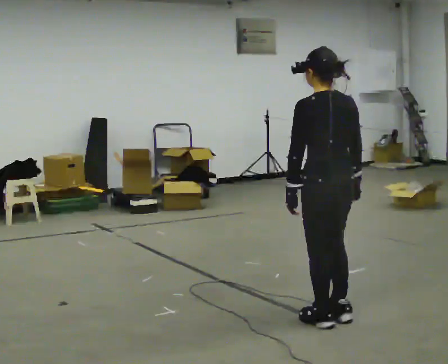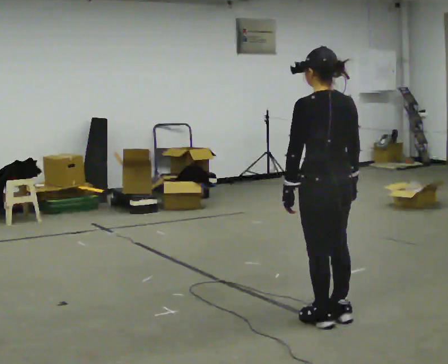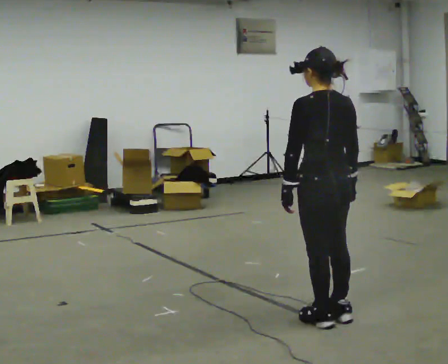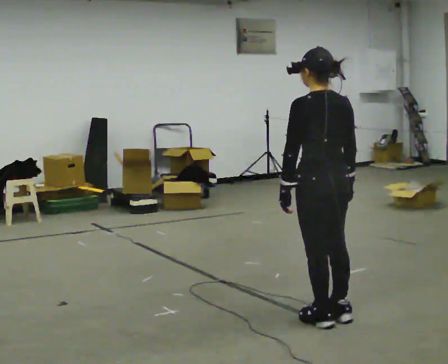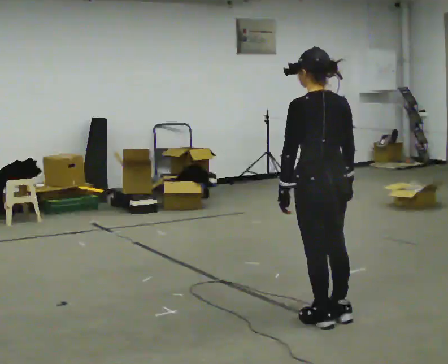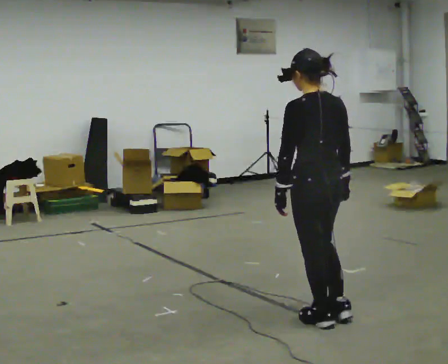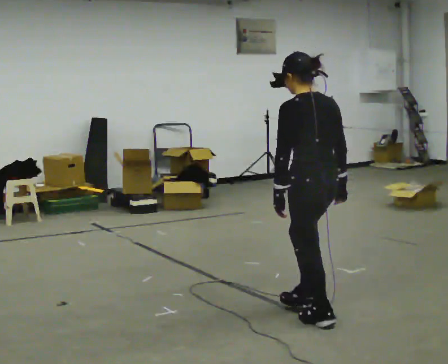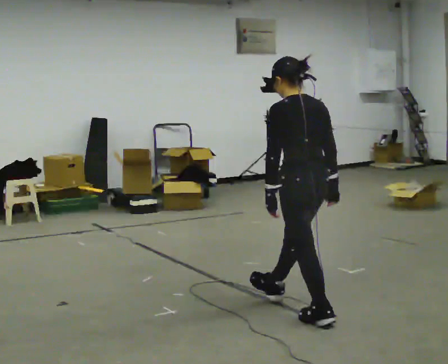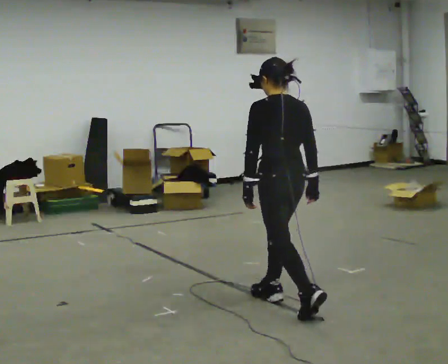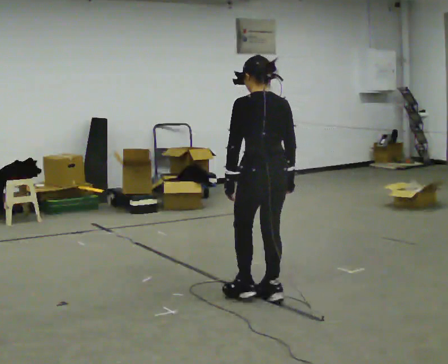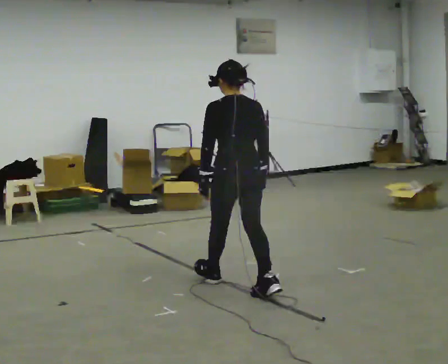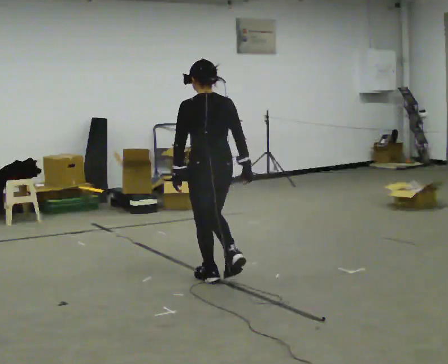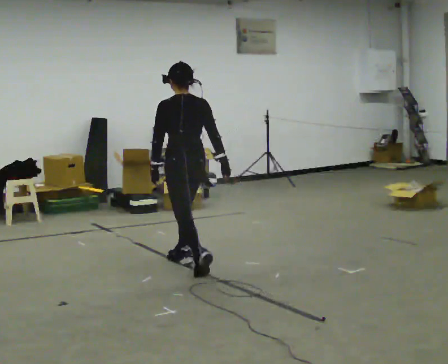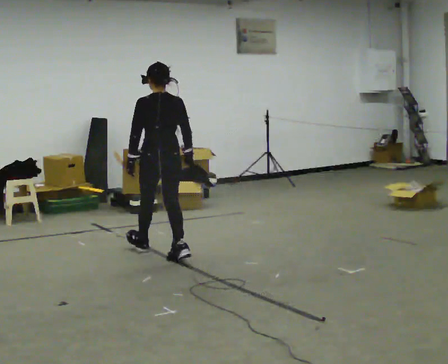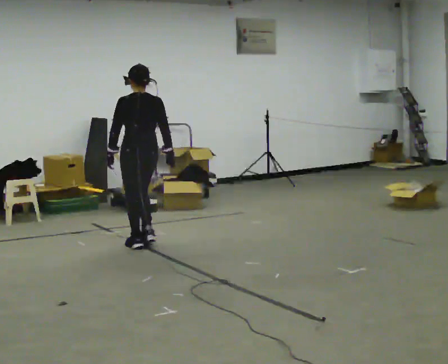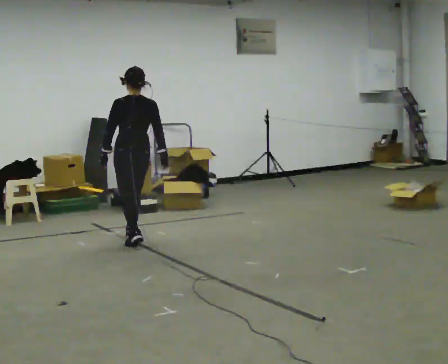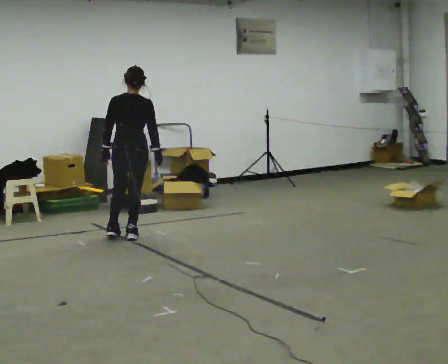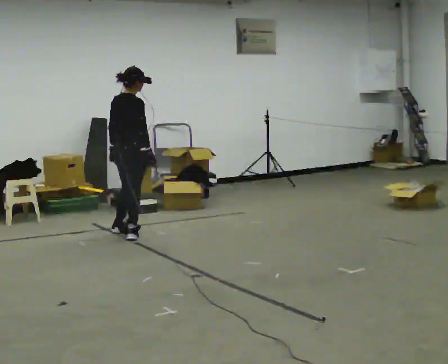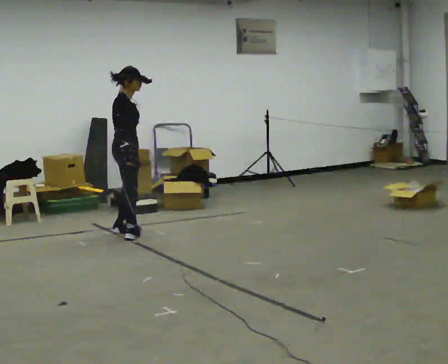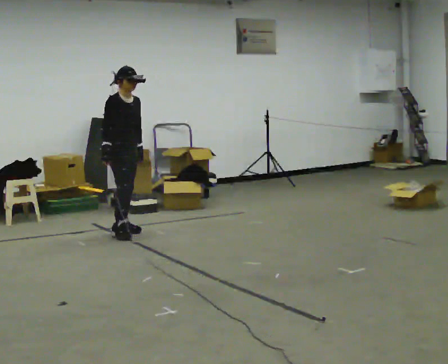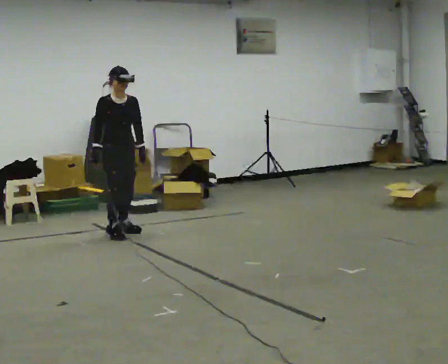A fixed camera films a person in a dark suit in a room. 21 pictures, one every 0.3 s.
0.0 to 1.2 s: The person moves a little, or ends about where they began.
1.2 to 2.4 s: In the picture they go away from the camera and to the left, about 0.25 m in 1 step, which for them is forward.
2.4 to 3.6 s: In the picture they go away from the camera and to the left, about 1 m in 2 steps, which for them is forward.
3.6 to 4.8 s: The person turns about 30 degrees to their right, clockwise seen from above, so the part of the body nearest the lens slides to the left. In the picture they go away from the camera and to the left, about 1 m in 2 steps, which for them is forward.
4.8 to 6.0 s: The person turns about 135 degrees to their right, clockwise seen from above, so the part of the body nearest the lens slides to the left. In the picture their right hand goes to the left, the arm swinging clockwise.
The film runs forward here.
